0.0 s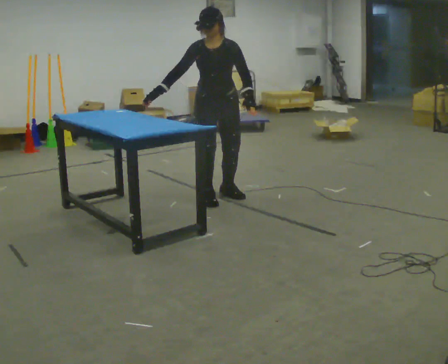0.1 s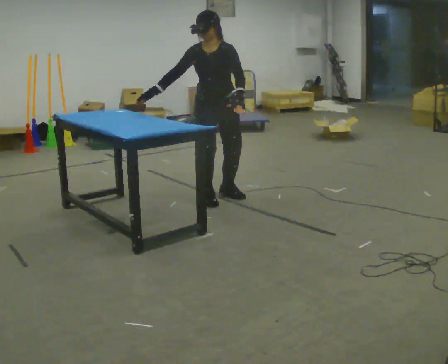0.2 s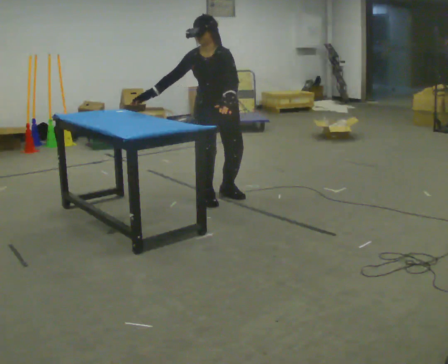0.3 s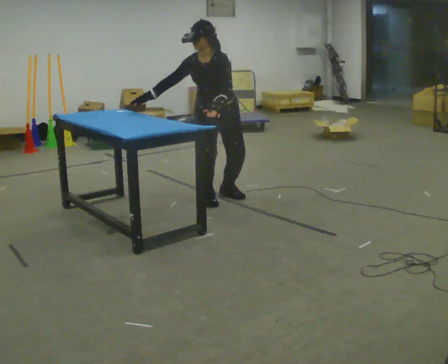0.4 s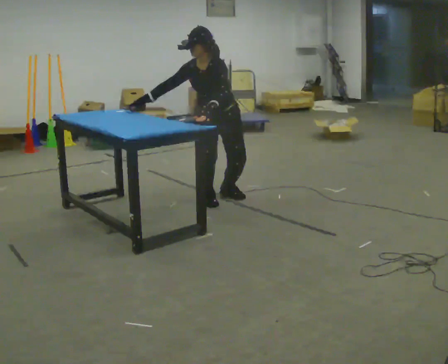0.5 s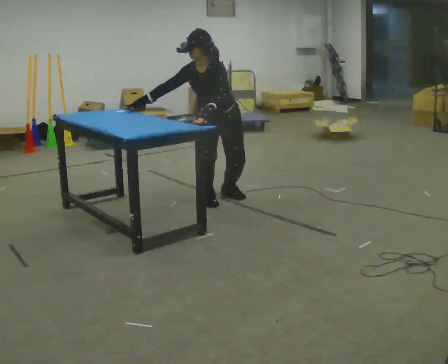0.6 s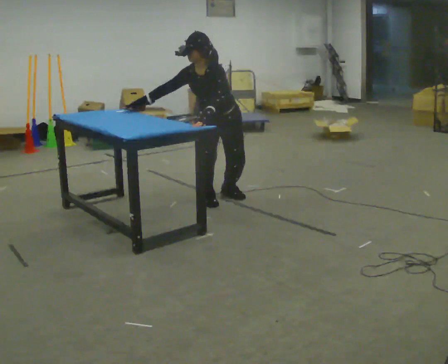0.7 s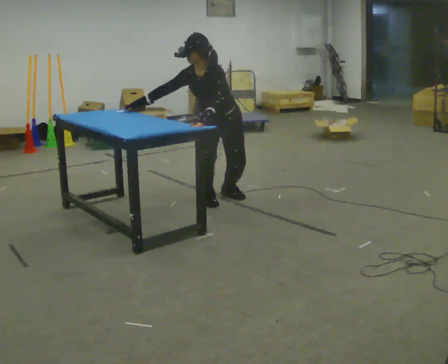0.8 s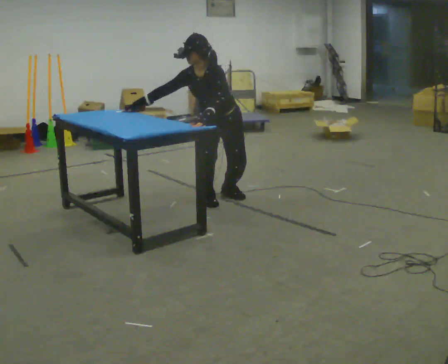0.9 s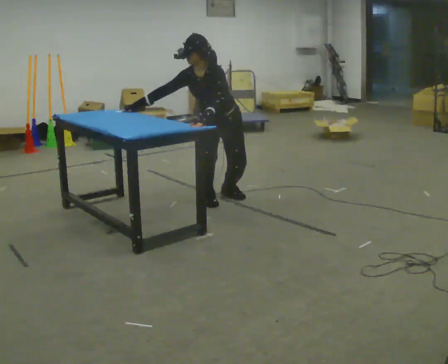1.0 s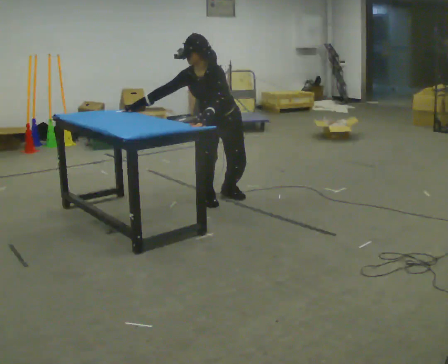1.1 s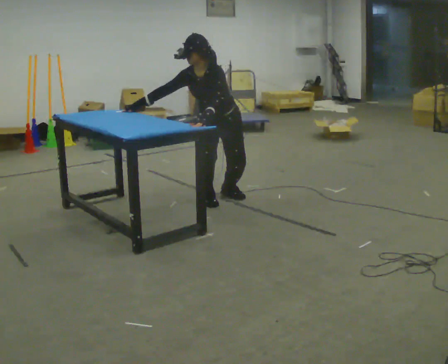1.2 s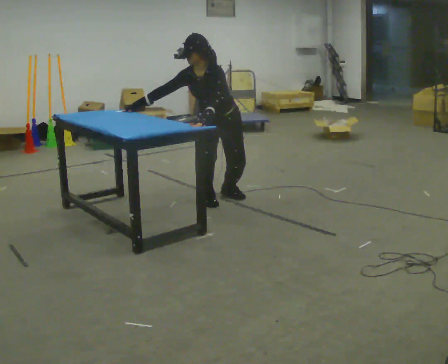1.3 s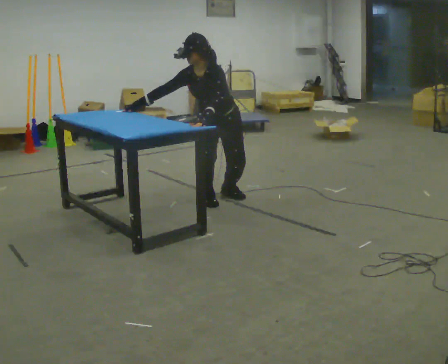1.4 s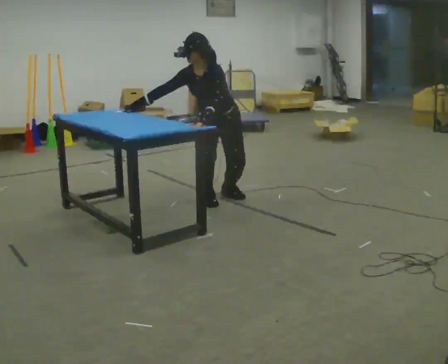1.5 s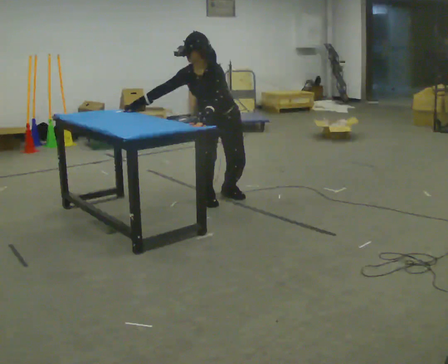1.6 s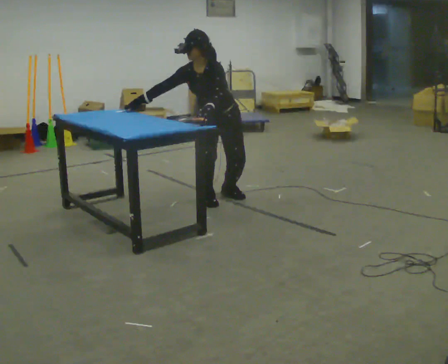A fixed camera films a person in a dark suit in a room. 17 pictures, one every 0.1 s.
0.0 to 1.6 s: In the picture the upper body tilts counterclockwise, shoulders to the left, as they bend forward.
The film runs forward here.
